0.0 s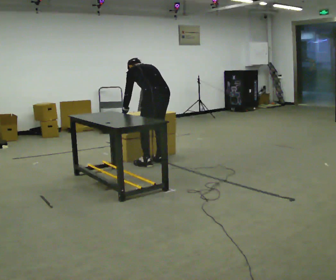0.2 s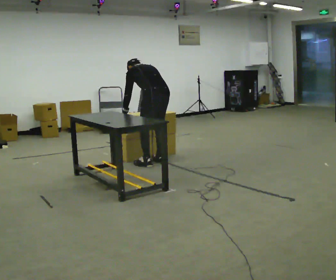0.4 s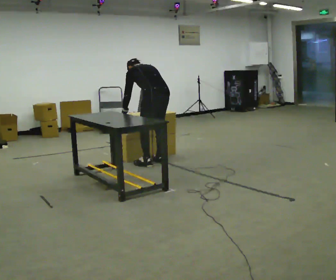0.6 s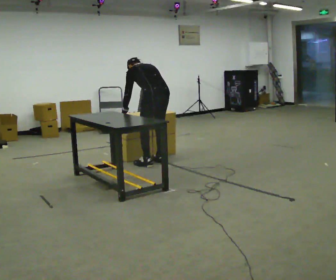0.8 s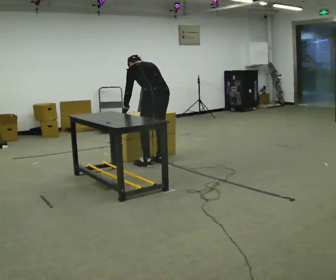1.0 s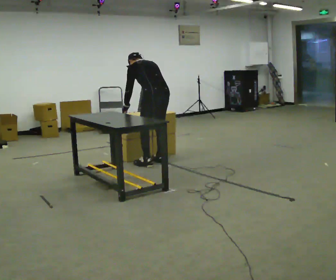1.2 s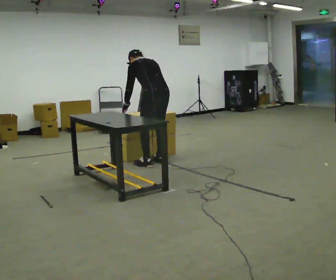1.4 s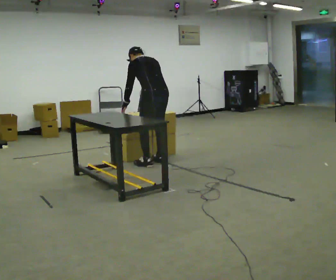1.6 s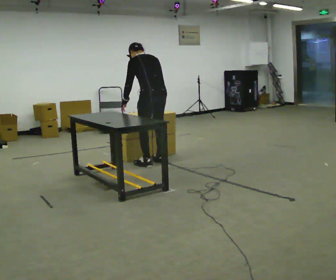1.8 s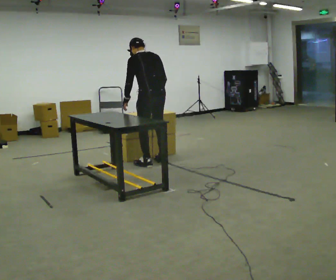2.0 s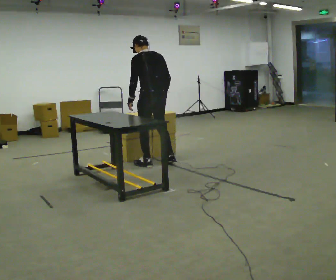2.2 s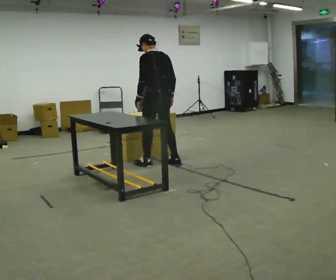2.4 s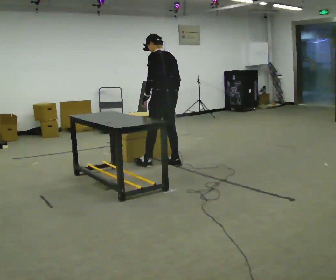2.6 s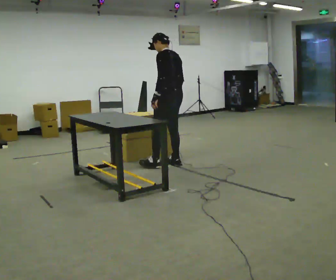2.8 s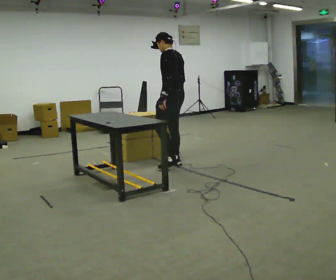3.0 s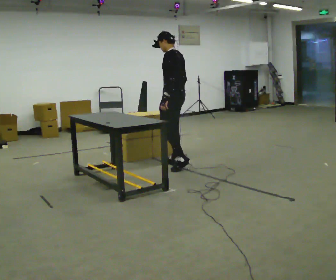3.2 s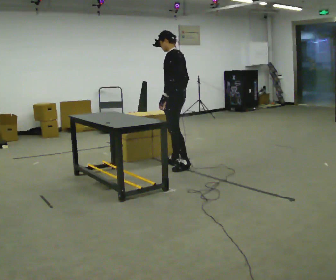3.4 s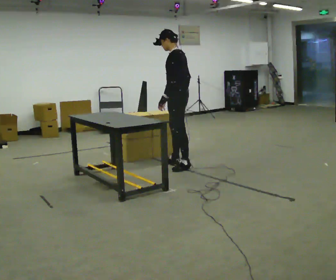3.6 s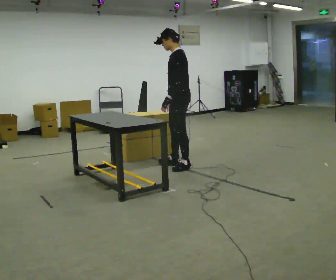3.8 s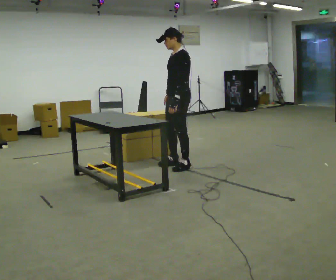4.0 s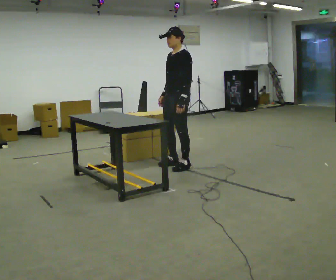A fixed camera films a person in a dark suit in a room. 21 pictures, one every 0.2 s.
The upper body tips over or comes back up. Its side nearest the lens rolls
downward.
The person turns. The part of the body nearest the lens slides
to the right.
0.0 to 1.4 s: The upper body tips toward the camera, its near side rolling downward, as they lean back or straighten.
1.4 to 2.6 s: In the picture they go to the right, about 0.25 m in 2 steps, which for them is to their right. The upper body tips toward the camera, its near side rolling downward, as they lean back or straighten. In the picture their left hand goes to the right.
2.6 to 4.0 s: The part of the body nearest the lens slides to the right as the person turns to their left by about 60 degrees.
The film runs backward here.
